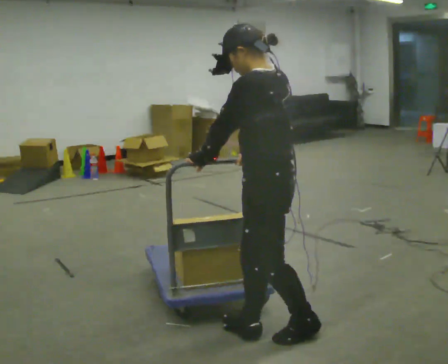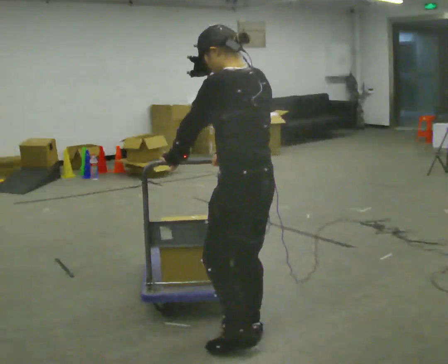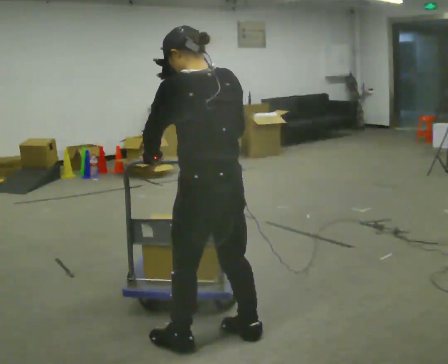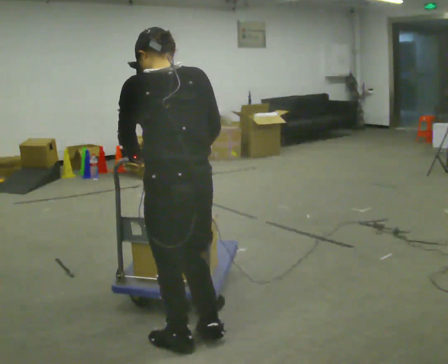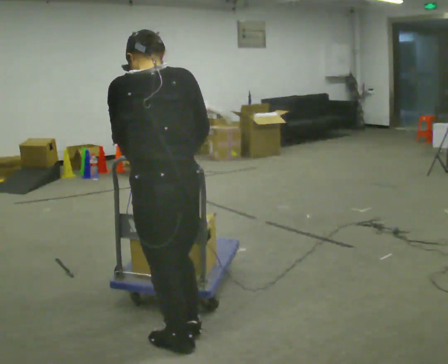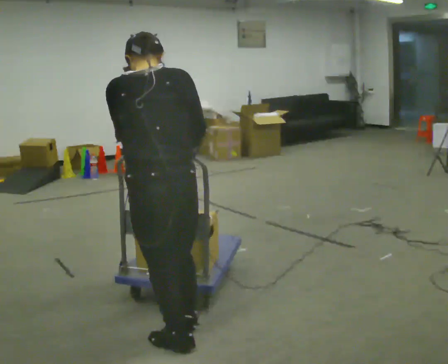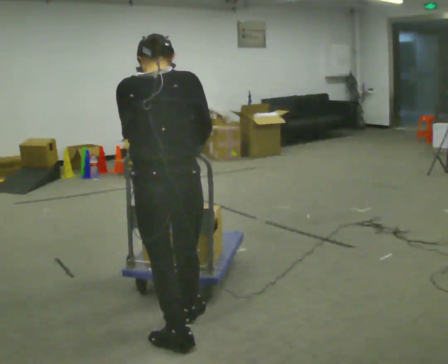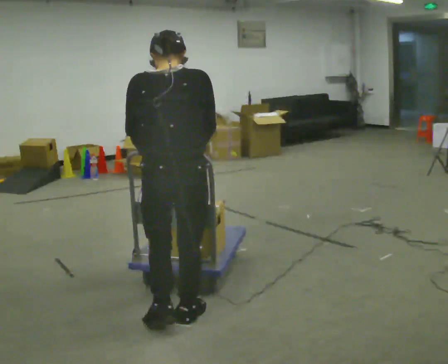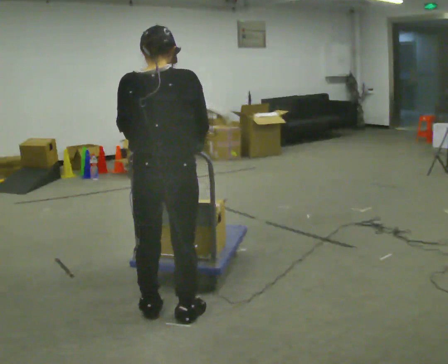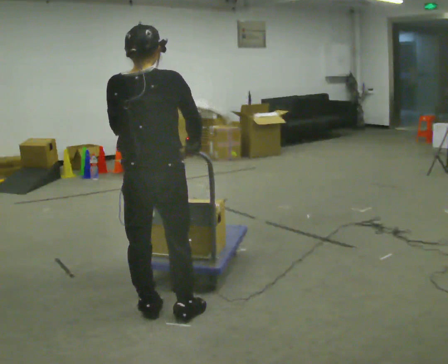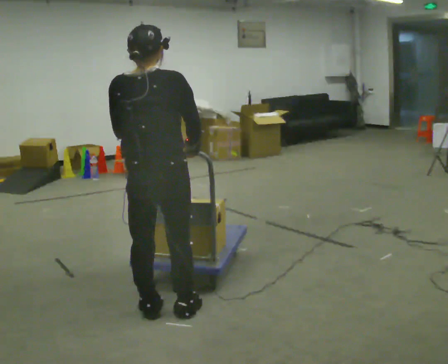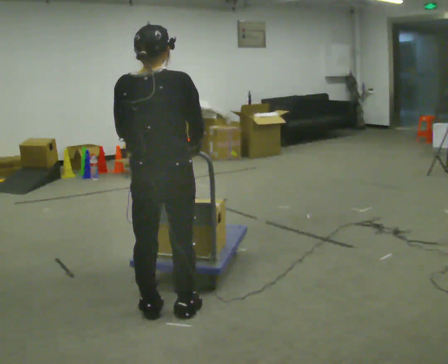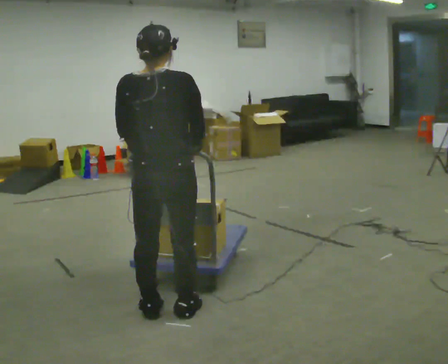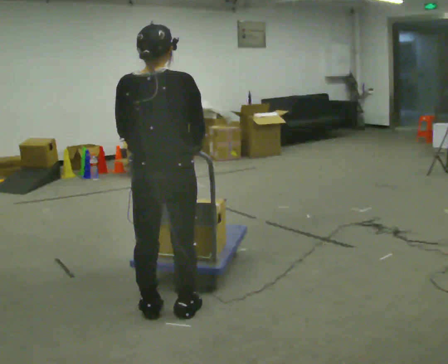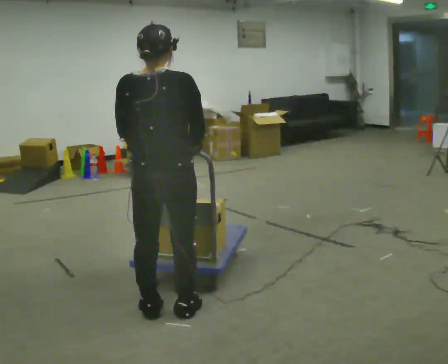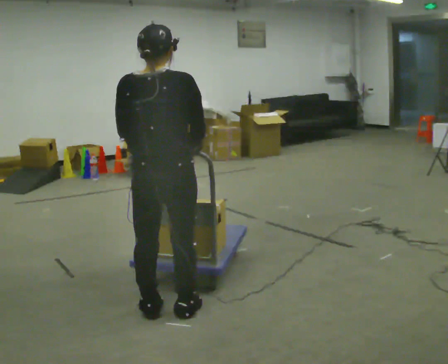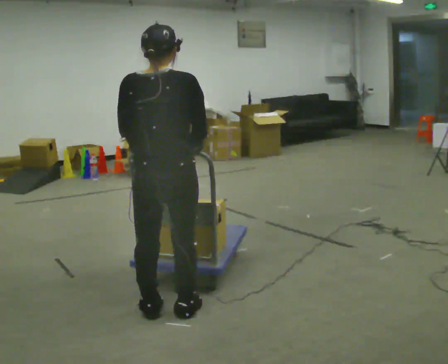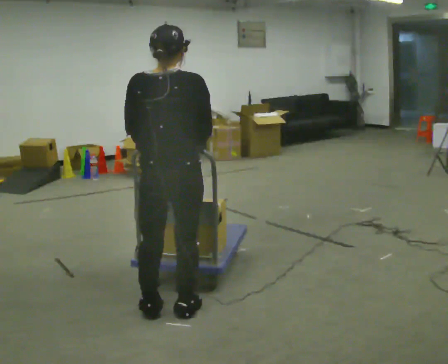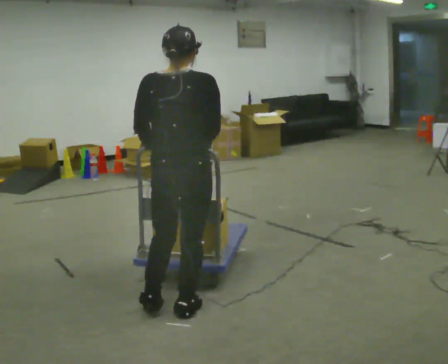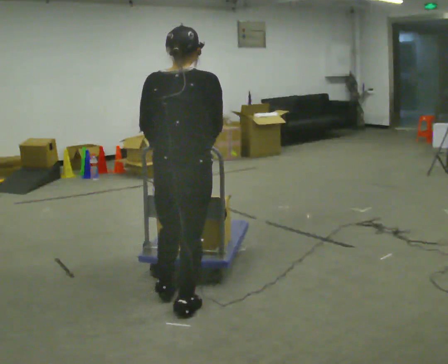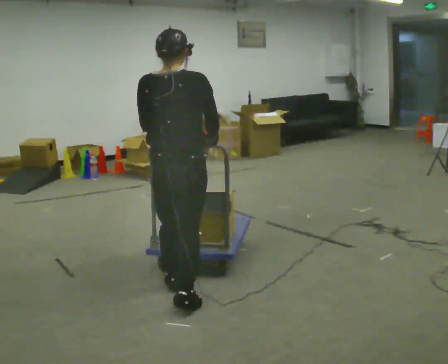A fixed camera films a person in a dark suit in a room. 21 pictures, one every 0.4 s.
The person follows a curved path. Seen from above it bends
clockwise.
The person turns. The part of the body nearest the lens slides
to the left.
0.0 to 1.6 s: The part of the body nearest the lens slides to the left as the person turns to their right by about 45 degrees. In the picture they go to the left, about 0.5 m in 2 steps, which for them is to their left and forward.
1.6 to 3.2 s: The part of the body nearest the lens slides to the left as the person turns to their right by about 30 degrees. In the picture they go away from the camera, about 0.25 m in 2 steps, which for them is forward.
3.2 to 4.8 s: The person moves a little, or ends about where they began.
4.8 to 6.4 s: The person keeps their place and pose.
6.4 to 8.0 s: In the picture they go away from the camera, about 0.25 m in 1 step, which for them is forward.
The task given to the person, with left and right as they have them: Push the loaded cart from one corner of the room to the other, turn it round, and push it back. Keep going until the operator says stop.
The film runs forward here.
